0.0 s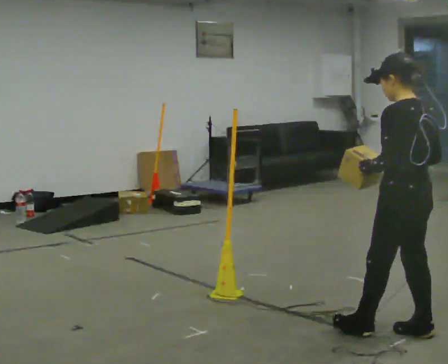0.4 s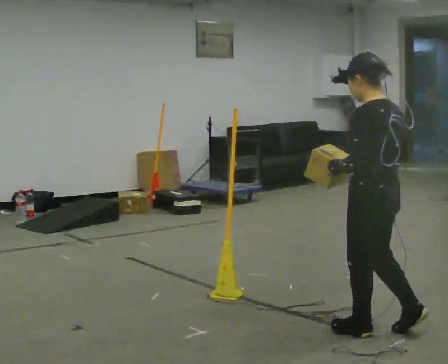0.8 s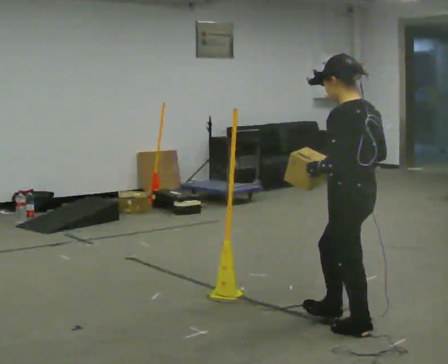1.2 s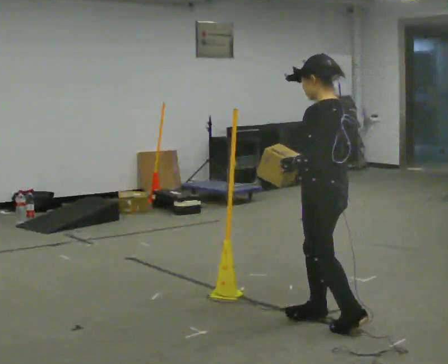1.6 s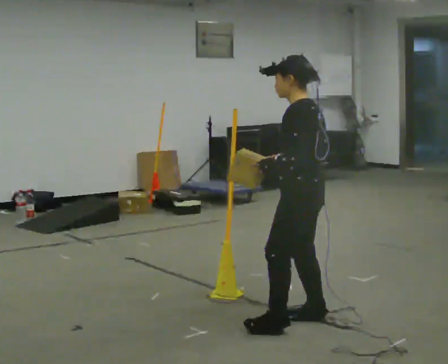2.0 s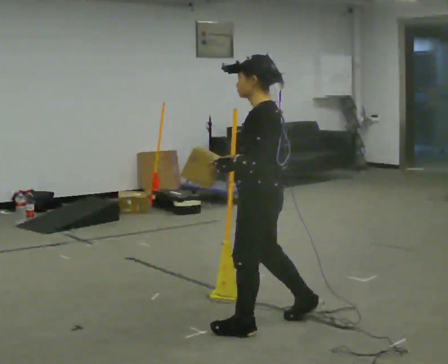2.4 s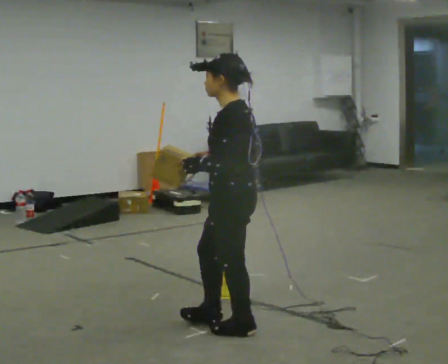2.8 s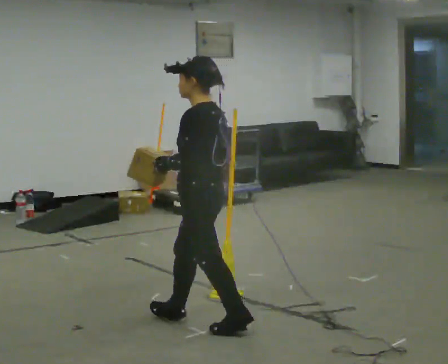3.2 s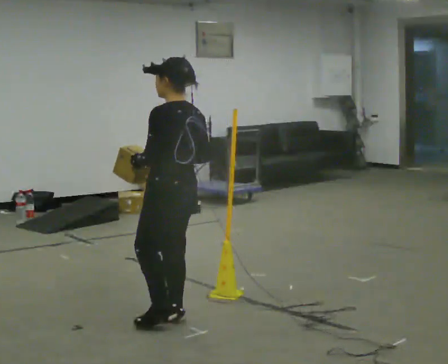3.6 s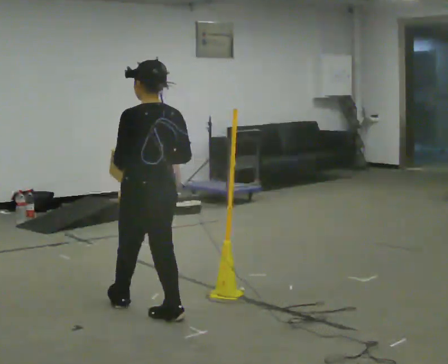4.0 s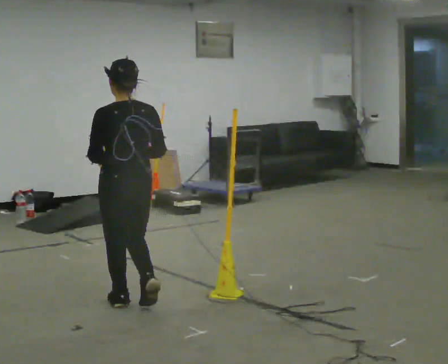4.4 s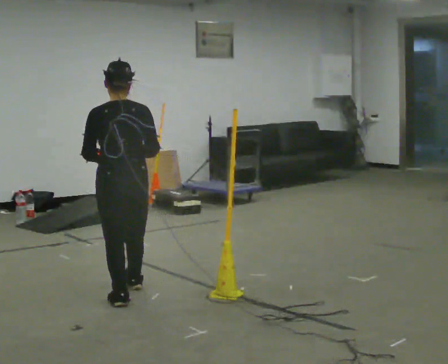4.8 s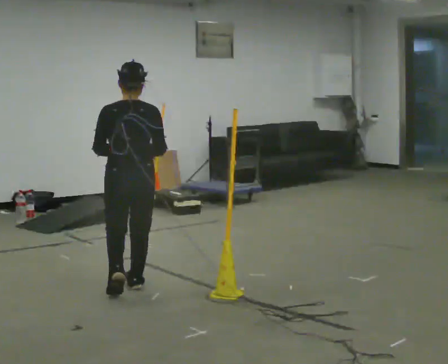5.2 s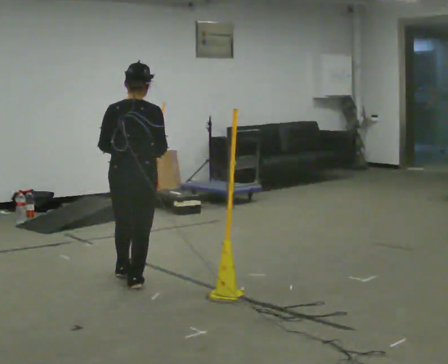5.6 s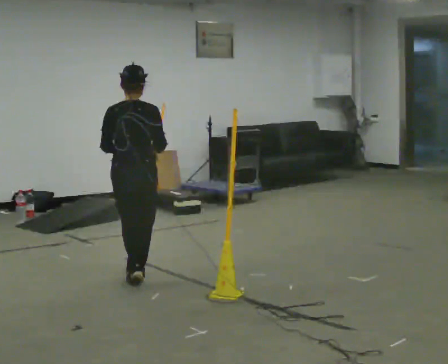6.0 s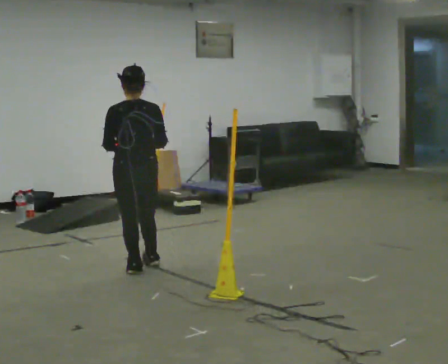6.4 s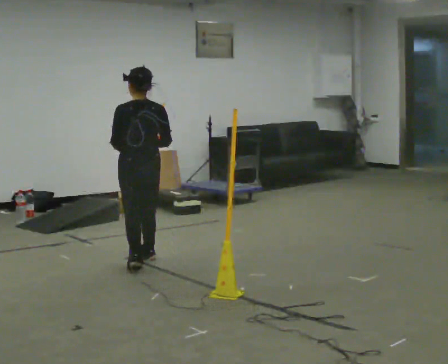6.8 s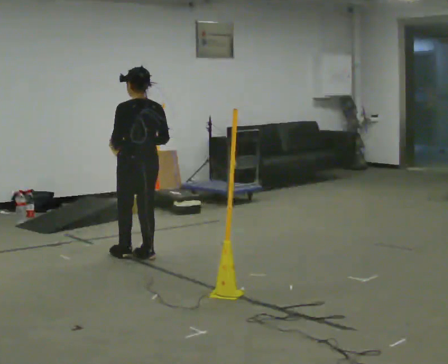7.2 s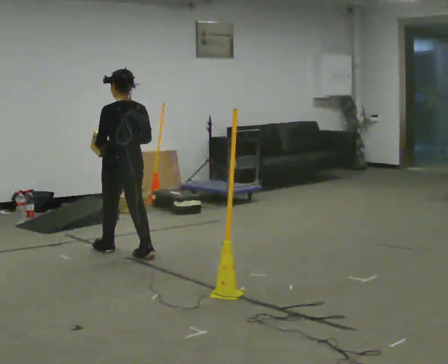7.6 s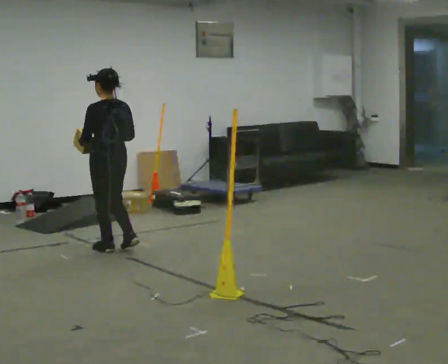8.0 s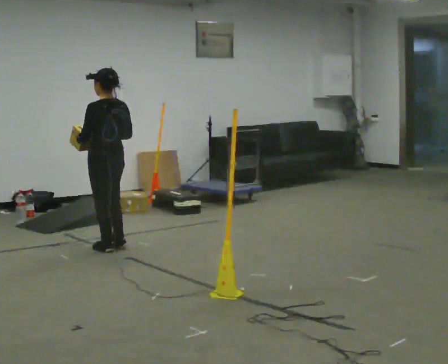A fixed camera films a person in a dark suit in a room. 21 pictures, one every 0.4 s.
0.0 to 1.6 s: The person turns about 30 degrees to their left, counterclockwise seen from above, so the part of the body nearest the lens slides to the right. In the picture they go to the left and away from the camera, about 0.5 m in 1 step, which for them is forward.
1.6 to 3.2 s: In the picture they go to the left, about 0.5 m in 2 steps, which for them is forward.
3.2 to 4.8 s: The person turns about 45 degrees to their right, clockwise seen from above, so the part of the body nearest the lens slides to the left. In the picture they go away from the camera, about 0.75 m in 2 steps, which for them is forward.
4.8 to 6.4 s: In the picture they go away from the camera, about 0.5 m in 2 steps, which for them is forward.
6.4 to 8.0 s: The person turns about 30 degrees to their left, counterclockwise seen from above, so the part of the body nearest the lens slides to the right. In the picture they go away from the camera and to the left, about 0.5 m in 2 steps, which for them is forward.
The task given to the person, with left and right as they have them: Carry the box across the room. The operator will step into your path partway across, so go around them and carry on. Keep going until the operator says stop; one object at a time, and do not rush between trips.
The film runs forward here.
